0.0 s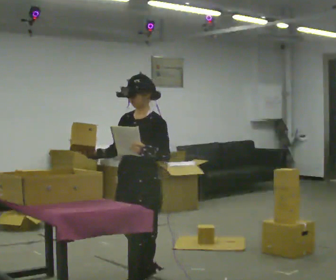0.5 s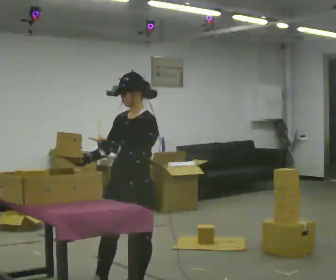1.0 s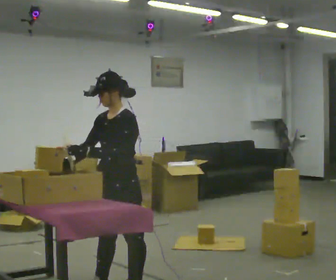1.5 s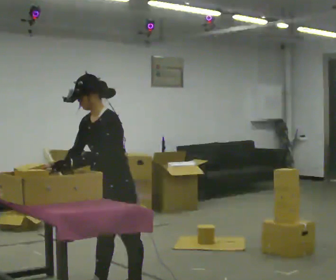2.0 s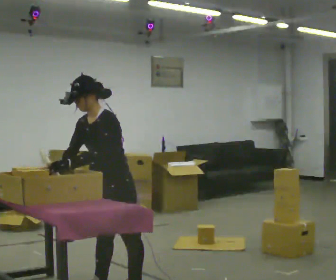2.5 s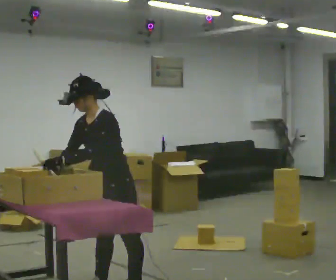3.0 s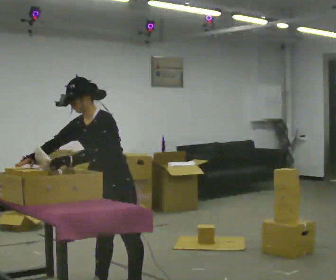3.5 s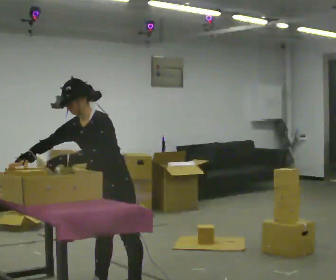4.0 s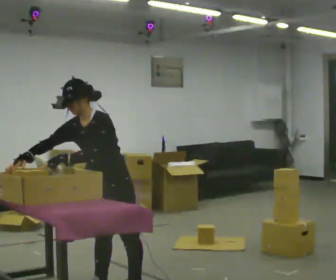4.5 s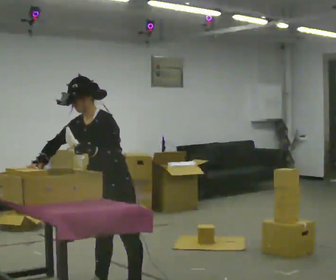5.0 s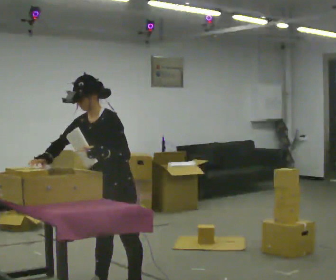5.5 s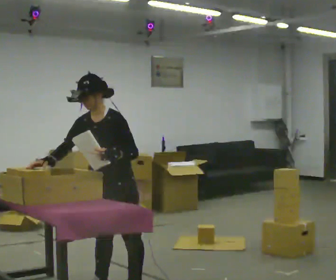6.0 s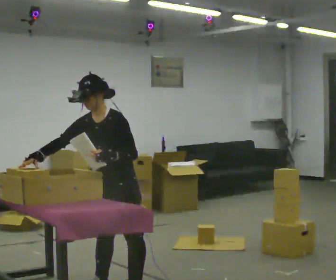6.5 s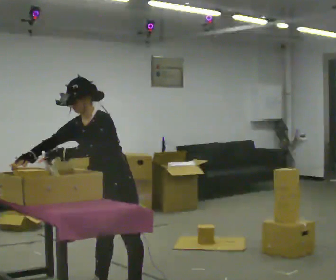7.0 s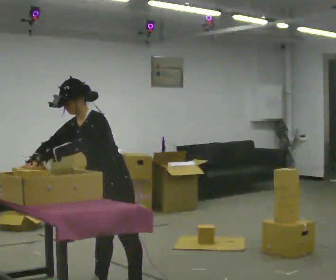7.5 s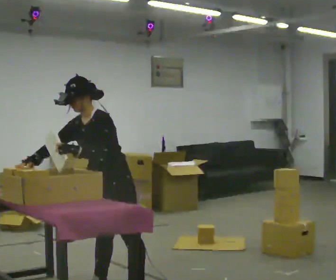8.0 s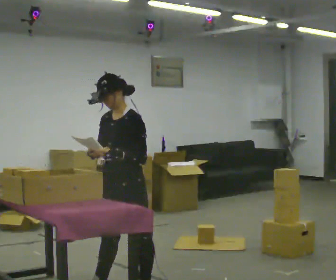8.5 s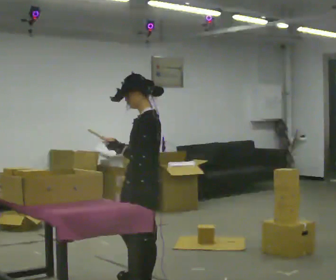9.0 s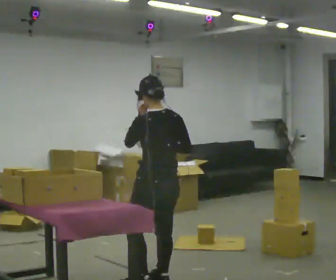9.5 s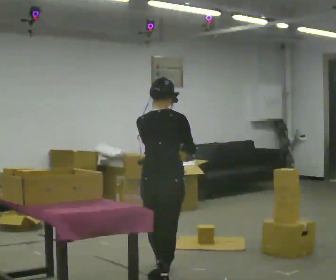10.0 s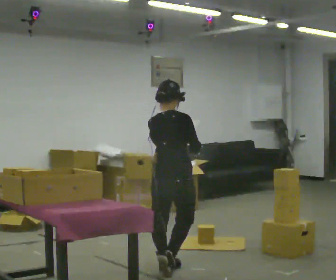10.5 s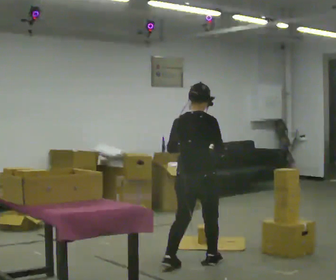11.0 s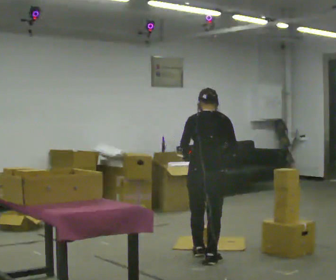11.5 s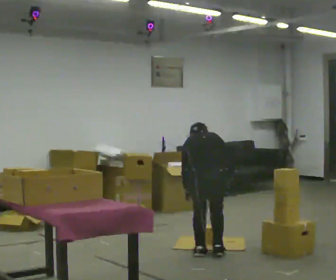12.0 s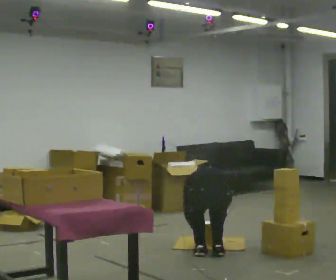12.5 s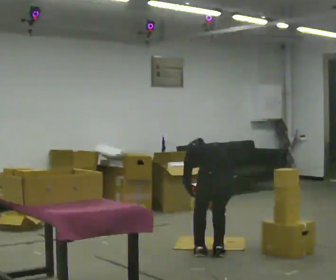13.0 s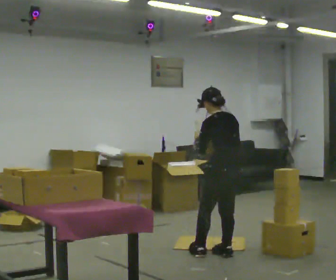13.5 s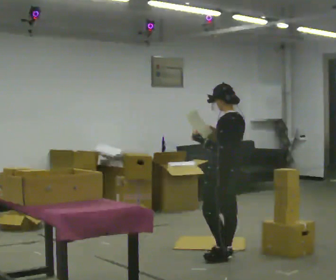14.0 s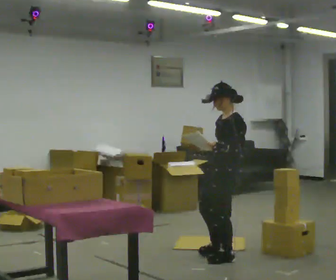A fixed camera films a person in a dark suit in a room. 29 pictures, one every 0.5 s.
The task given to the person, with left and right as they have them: 1. Read the list the operator gives you. 2. Collect the six items on the list from the shelves. 3. Put them all in the bin on the table. 4. Tell the operator when you are finished.
0.0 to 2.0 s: In the picture they go to the left, about 0.25 m in 1 step, which for them is forward. In the picture the upper body tilts counterclockwise, shoulders to the left, as they bend forward. In the picture their left hand goes to the left.
2.0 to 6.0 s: The person moves a little, or ends about where they began.
6.0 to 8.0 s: In the picture their right hand goes to the right.
8.0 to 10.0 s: Seen from above the body turns clockwise, about 165 degrees: to their right, with its near side sliding to the left. In the picture they go away from the camera and to the right, about 0.75 m in 2 steps.
10.0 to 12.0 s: Seen from above the body turns counterclockwise, about 45 degrees: to their left, with its near side sliding to the right. In the picture they go to the right and away from the camera, about 0.5 m in 3 steps, which for them is forward and to their right. The shoulders move downward. The upper body tips away from the camera, its near side rolling upward, as they bend forward. In the picture their left hand goes downward.
12.0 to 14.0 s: The part of the body nearest the lens slides to the right as the person turns to their left by about 90 degrees. The upper body goes upward. The upper body tips toward the camera, its near side rolling downward, as they lean back or straighten. In the picture their left hand goes upward.
The film runs forward here.
